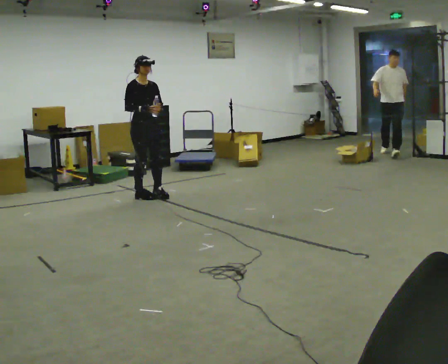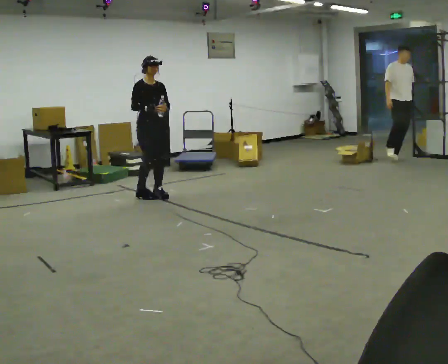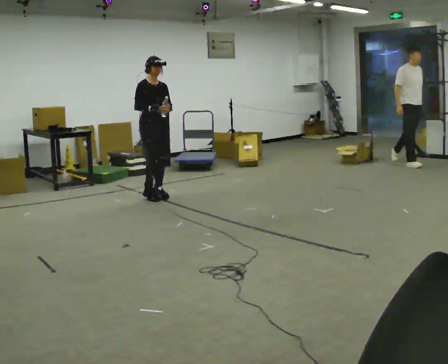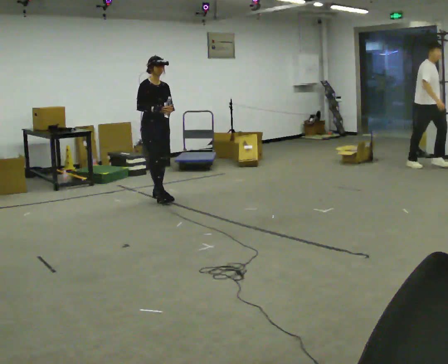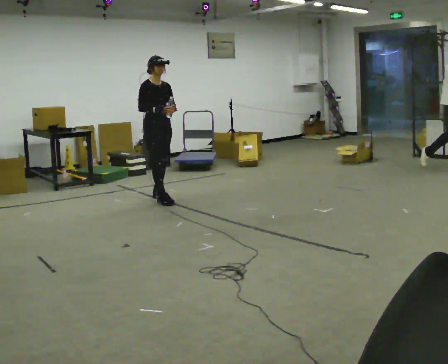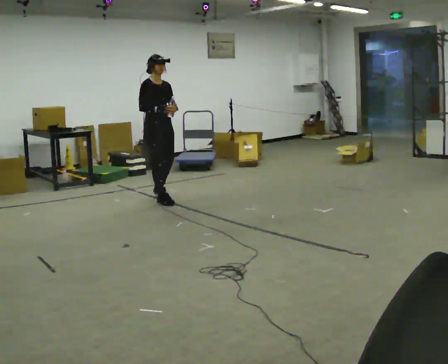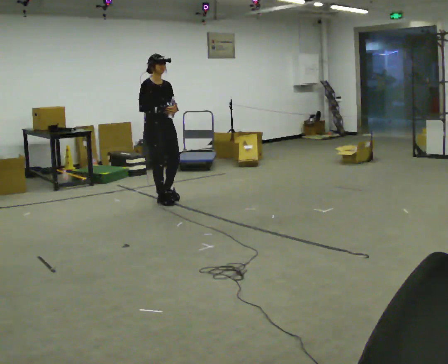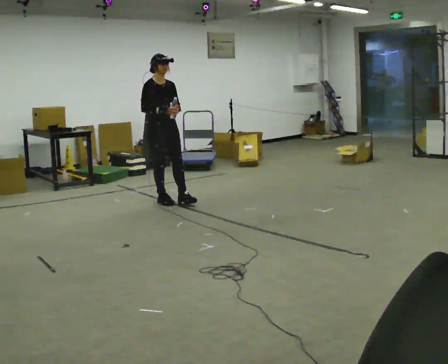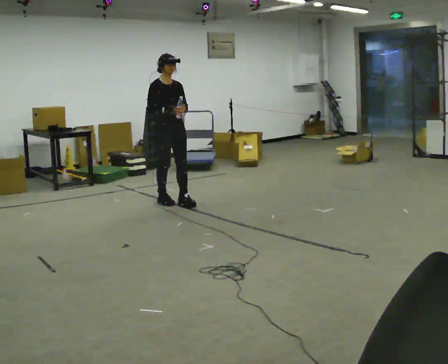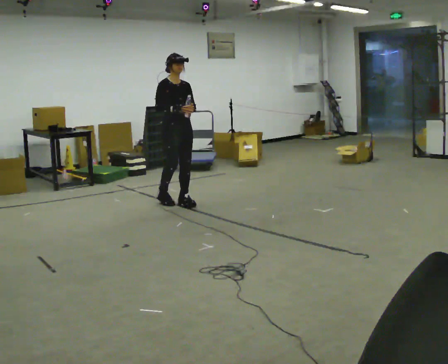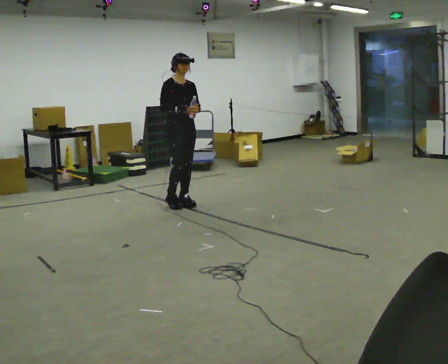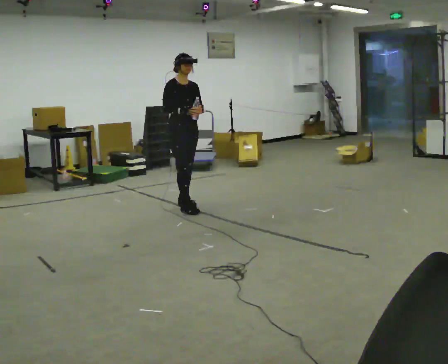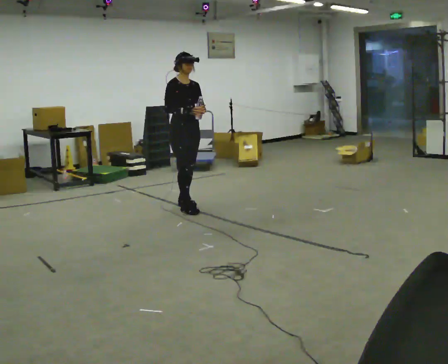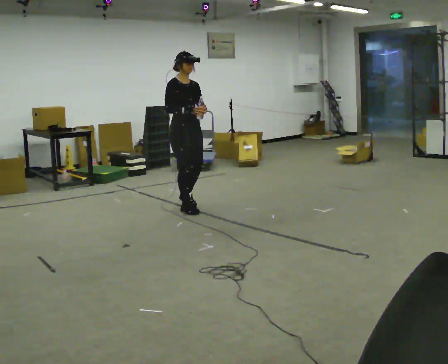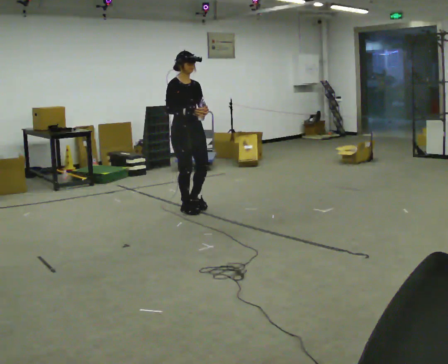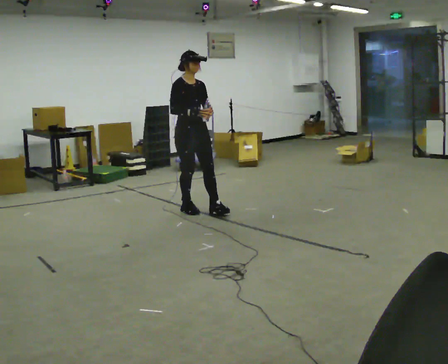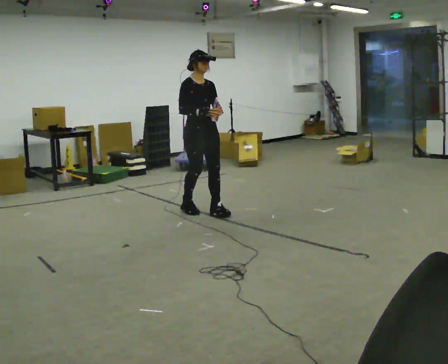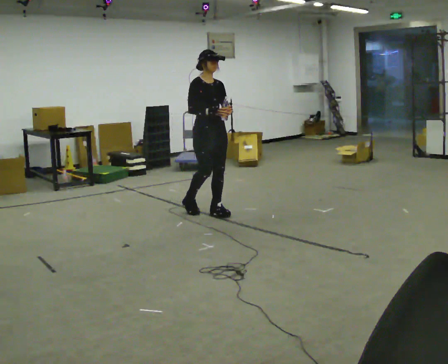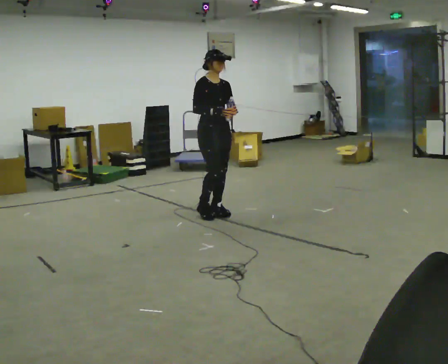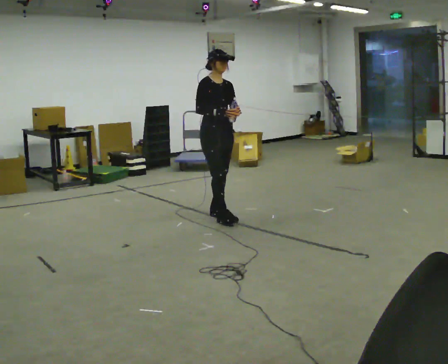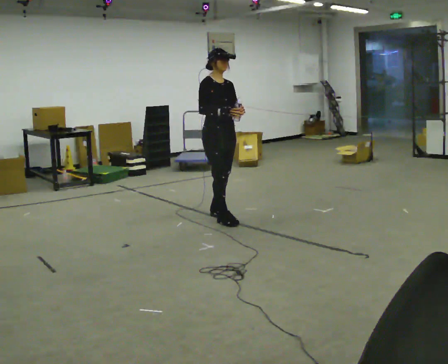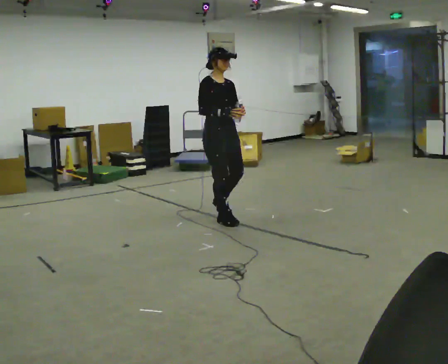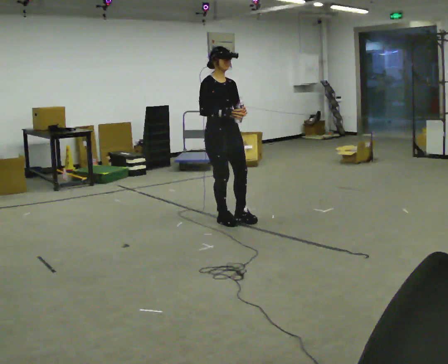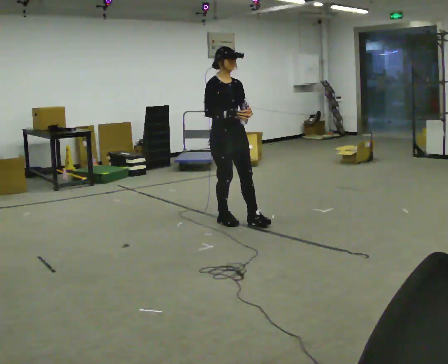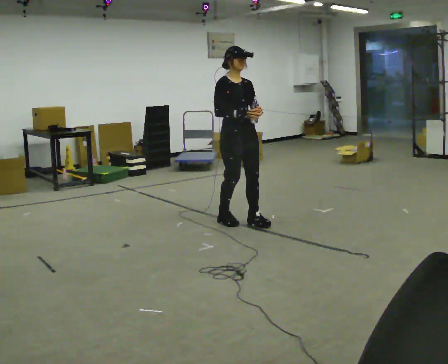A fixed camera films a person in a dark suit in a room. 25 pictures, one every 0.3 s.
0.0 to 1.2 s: The person moves a little, or ends about where they began.
1.2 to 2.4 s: In the picture they go toward the camera, about 0.25 m in 1 step, which for them is forward.
2.4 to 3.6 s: In the picture they go toward the camera and to the right, about 0.25 m in 1 step, which for them is forward.
3.6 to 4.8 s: In the picture they go toward the camera and to the right, about 0.25 m in 1 step, which for them is forward.
4.8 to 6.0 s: In the picture they go toward the camera and to the right, about 0.25 m in 1 step, which for them is forward.
6.0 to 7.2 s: In the picture they go toward the camera and to the right, about 0.25 m in 1 step, which for them is forward.
The film runs forward here.
